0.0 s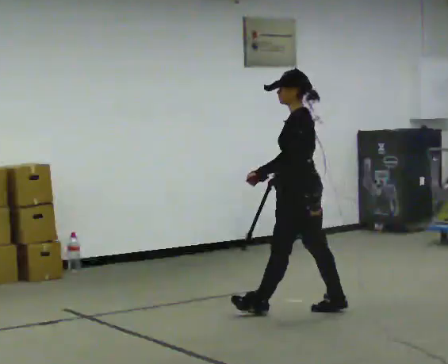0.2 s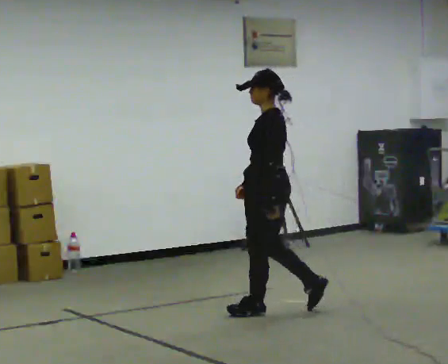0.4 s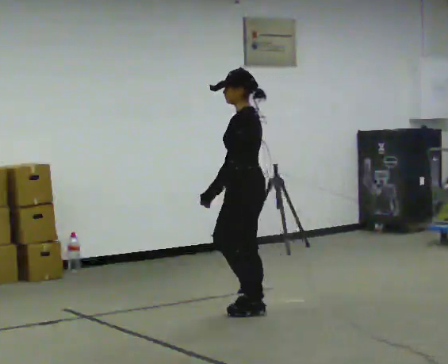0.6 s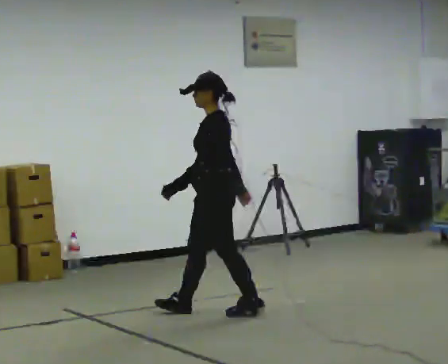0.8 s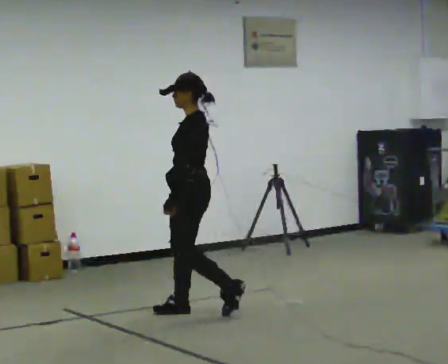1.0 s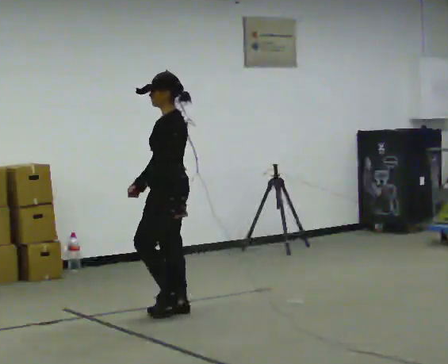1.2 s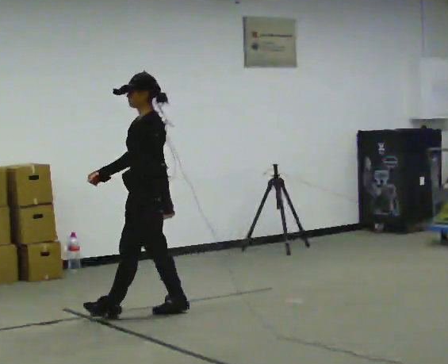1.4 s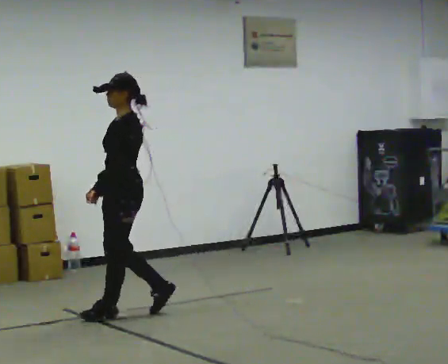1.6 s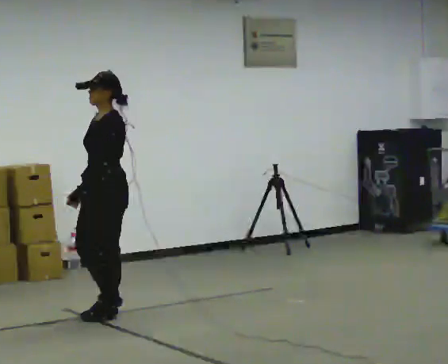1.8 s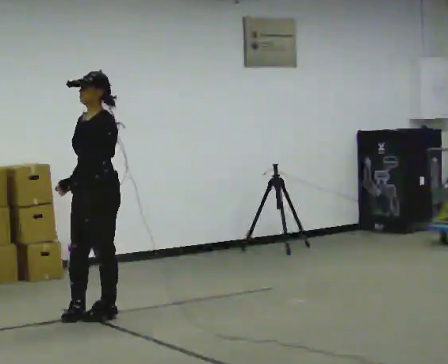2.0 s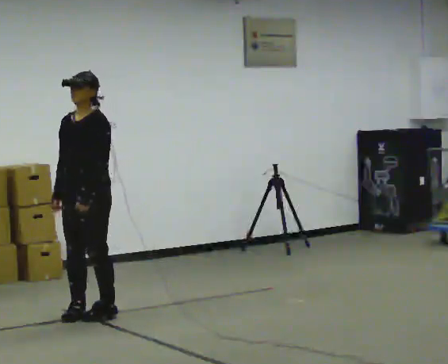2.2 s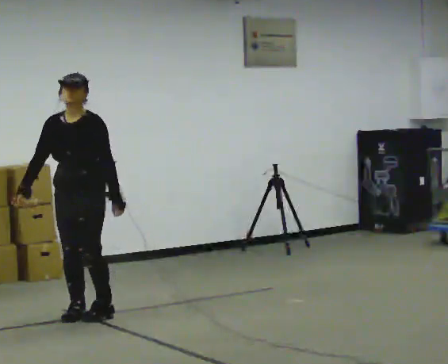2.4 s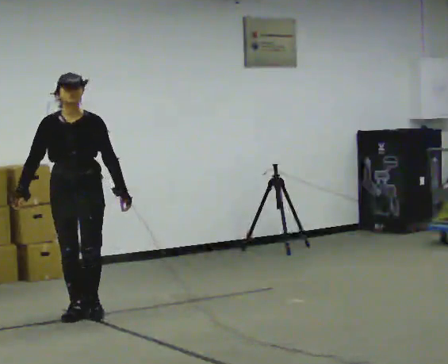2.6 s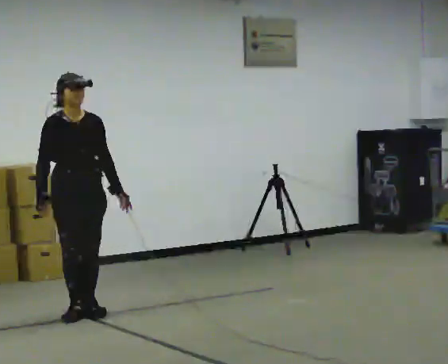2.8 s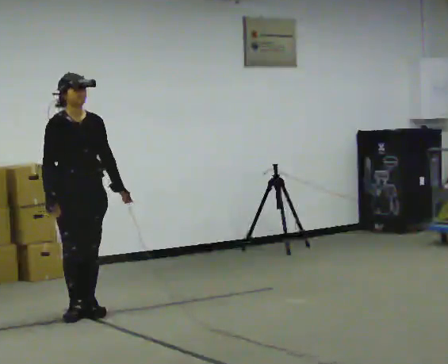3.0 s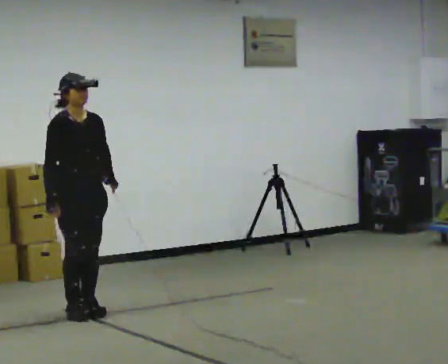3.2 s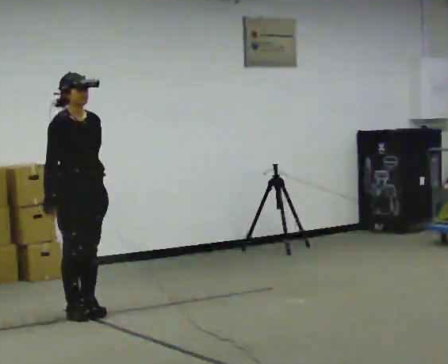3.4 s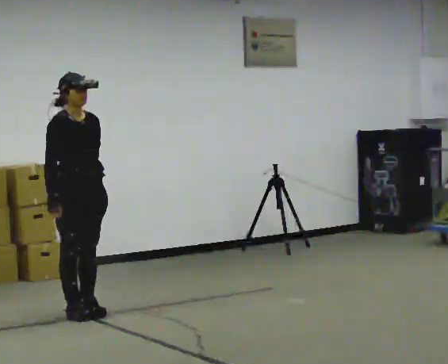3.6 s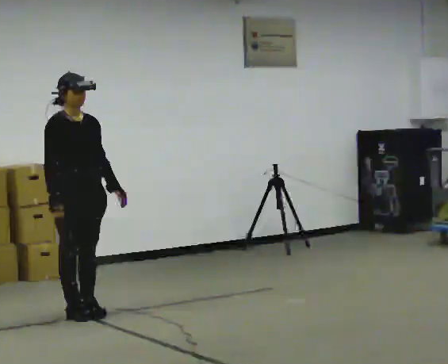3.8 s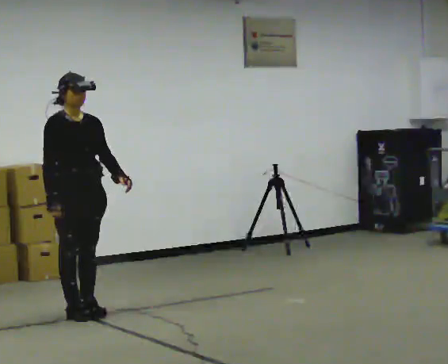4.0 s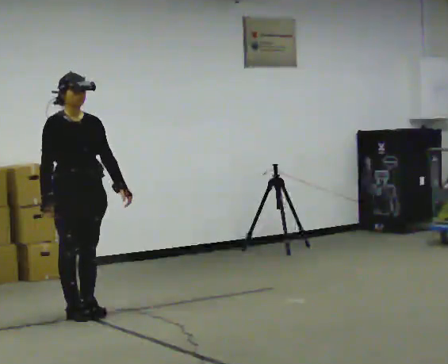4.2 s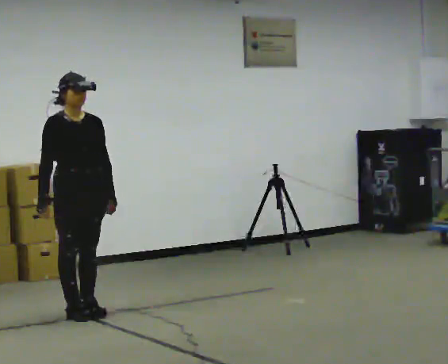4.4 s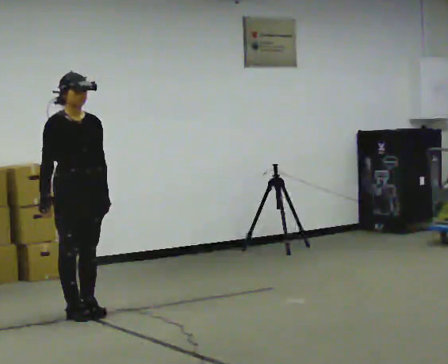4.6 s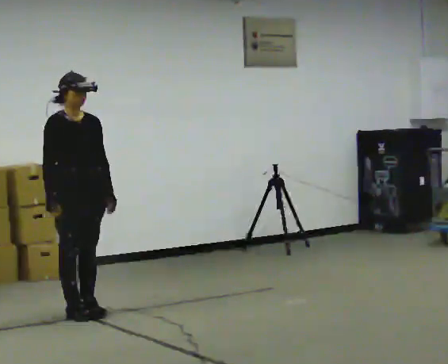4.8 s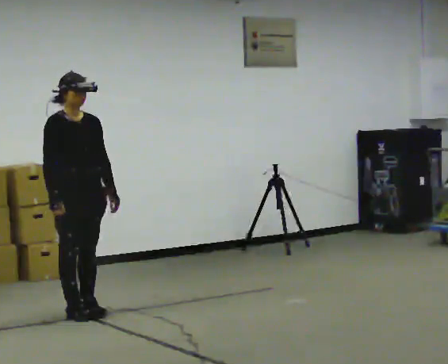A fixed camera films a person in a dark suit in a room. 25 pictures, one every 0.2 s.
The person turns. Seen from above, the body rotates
counterclockwise.
The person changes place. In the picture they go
to the left.
0.0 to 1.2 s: In the picture they go to the left, about 1 m in 2 steps, which for them is forward.
1.2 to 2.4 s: Seen from above the body turns counterclockwise, about 90 degrees: to their left, with its near side sliding to the right. In the picture they go to the left, about 0.5 m in 2 steps.
2.4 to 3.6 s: The person turns about 30 degrees to their left, counterclockwise seen from above, so the part of the body nearest the lens slides to the right.
3.6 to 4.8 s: The person moves a little, or ends about where they began.
The film runs forward here.
